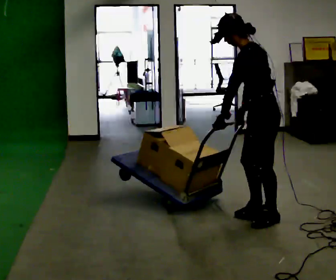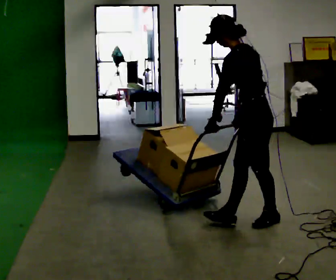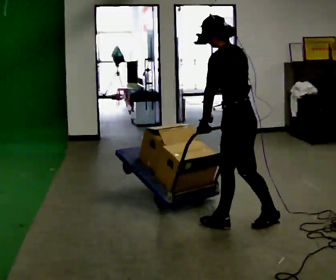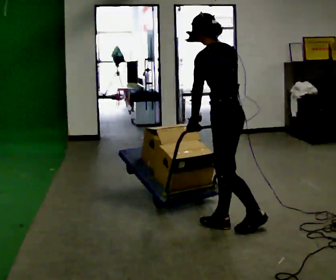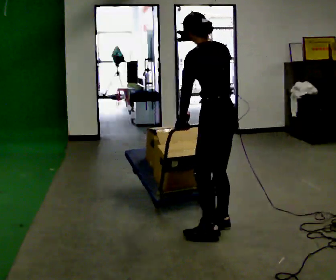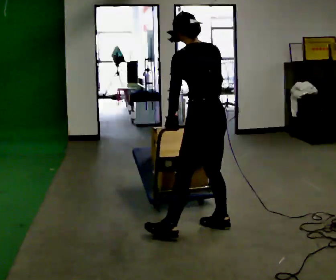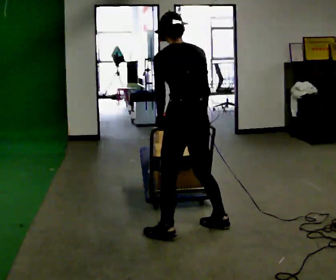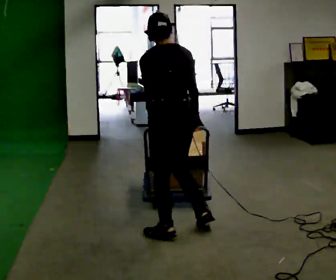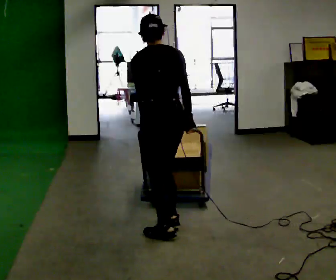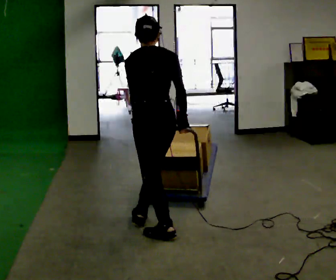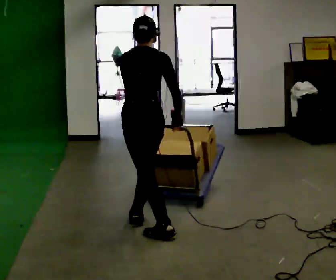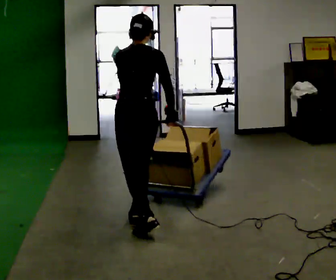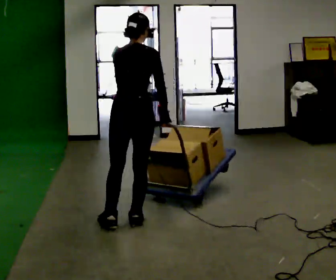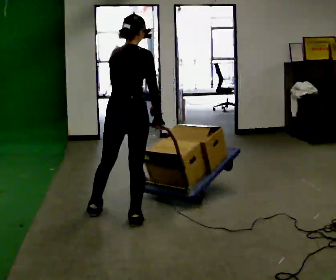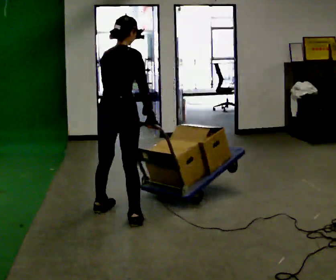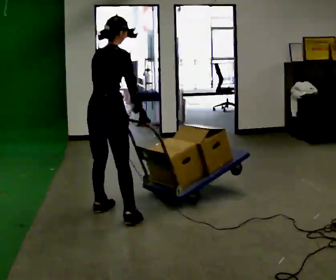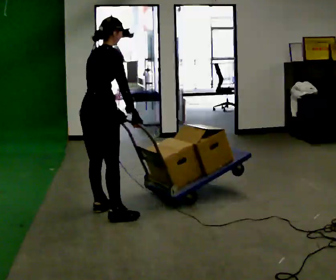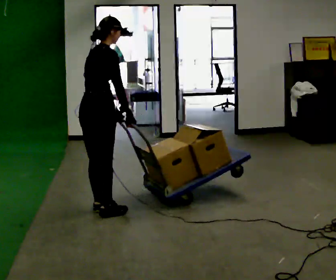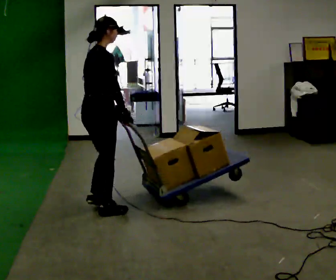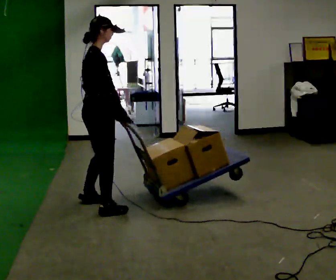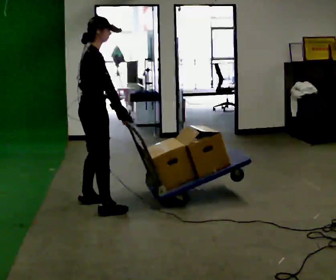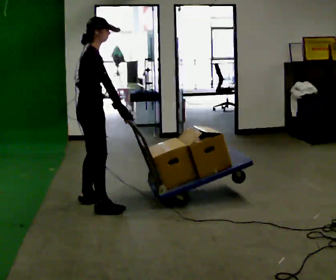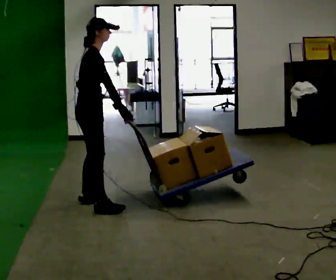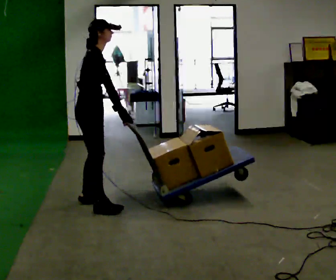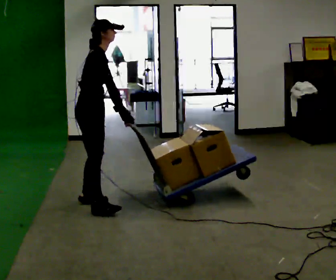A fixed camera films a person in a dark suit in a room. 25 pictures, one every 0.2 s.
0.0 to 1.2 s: Seen from above the body turns clockwise, about 45 degrees: to their right, with its near side sliding to the left. In the picture they go to the left, about 0.5 m in 2 steps, which for them is to their left and forward.
1.2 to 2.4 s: The part of the body nearest the lens slides to the left as the person turns to their right by about 30 degrees. In the picture they go to the left and away from the camera, about 0.5 m in 1 step, which for them is to their left and forward.
2.4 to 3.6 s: The part of the body nearest the lens slides to the left as the person turns to their right by about 60 degrees. In the picture they go away from the camera and to the left, about 0.5 m in 2 steps, which for them is to their left.
3.6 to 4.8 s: The person turns about 30 degrees to their right, clockwise seen from above, so the part of the body nearest the lens slides to the left. In the picture they go away from the camera, about 0.25 m in 1 step, which for them is to their left.
The film runs forward here.
